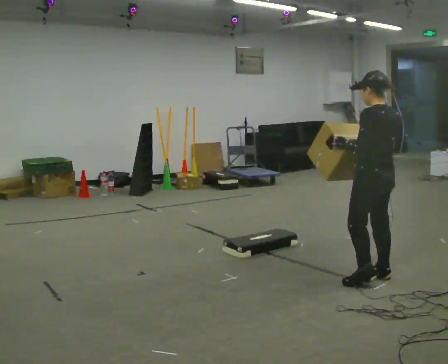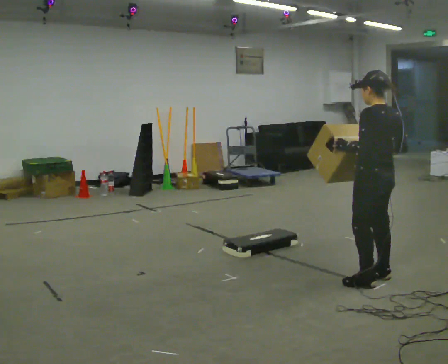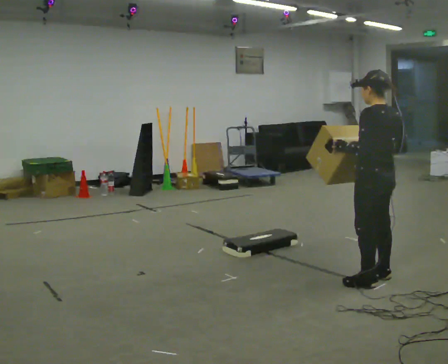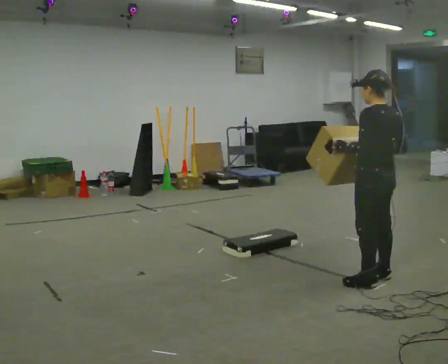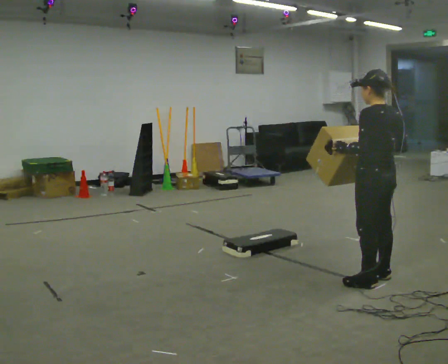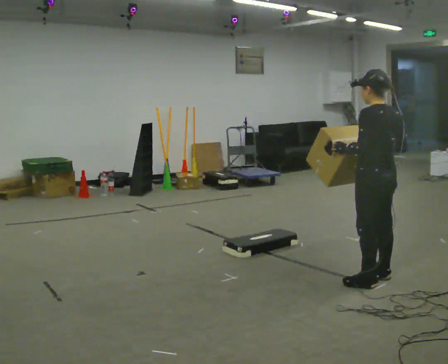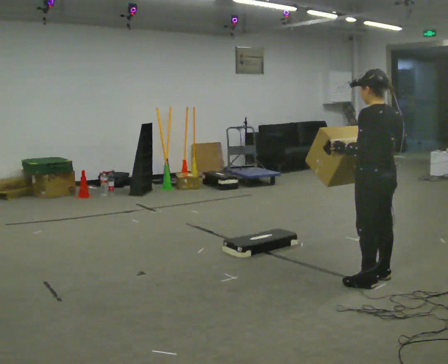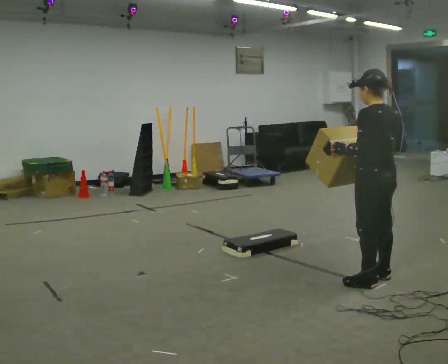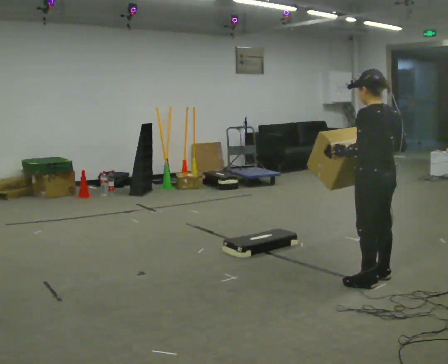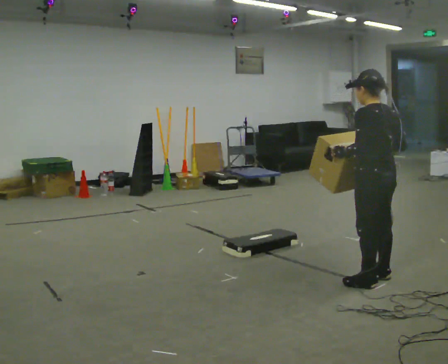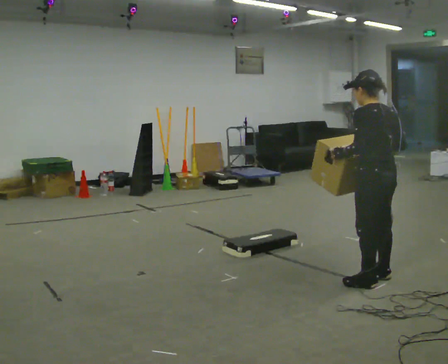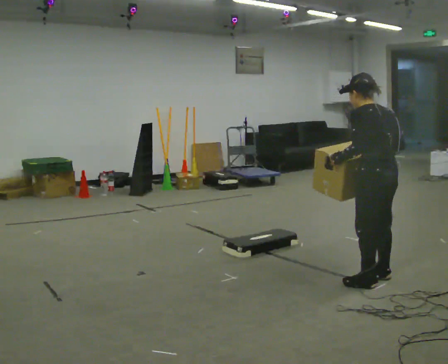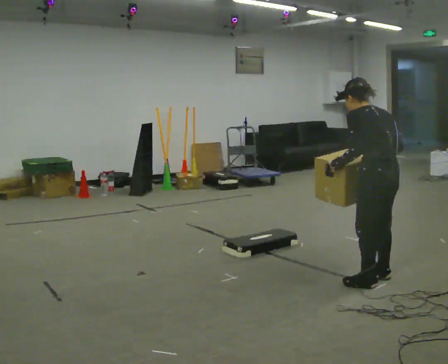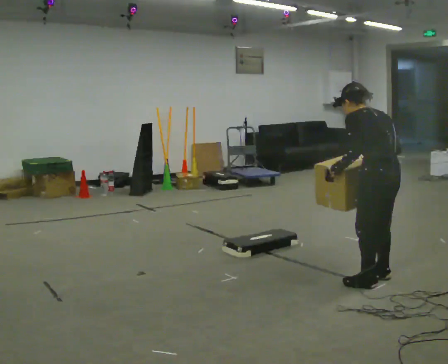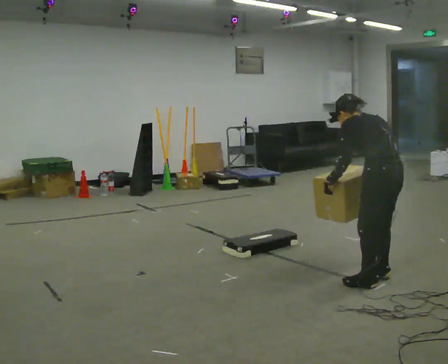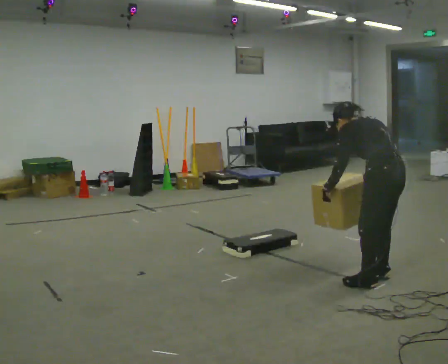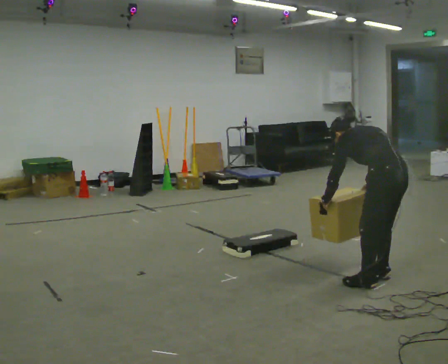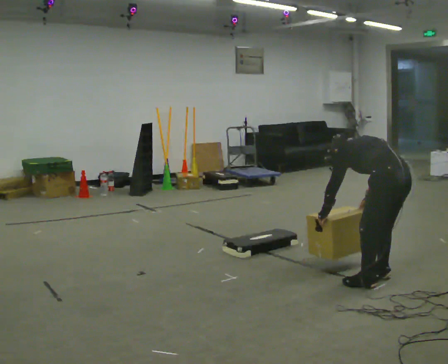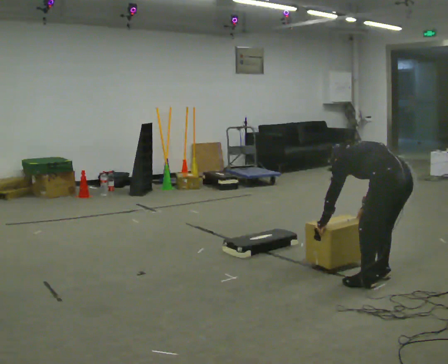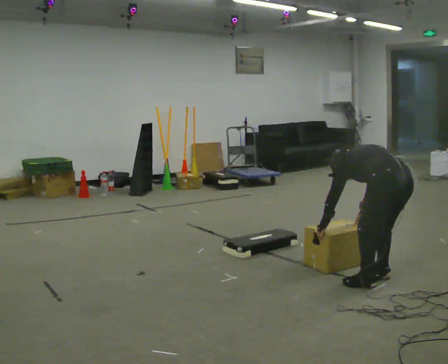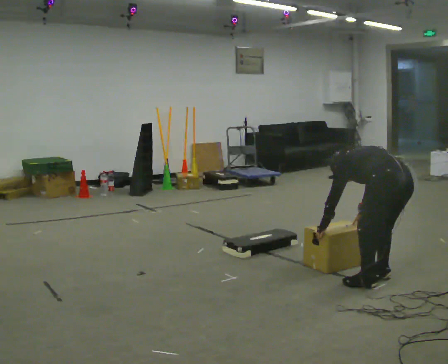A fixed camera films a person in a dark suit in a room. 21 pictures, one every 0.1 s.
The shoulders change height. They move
downward.
Their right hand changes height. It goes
downward.
0.0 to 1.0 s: The person moves a little, or ends about where they began.
1.0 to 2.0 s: The upper body goes downward. The upper body tips away from the camera, its near side rolling upward, as they bend forward. In the picture their right hand goes downward.
The film runs backward here.
